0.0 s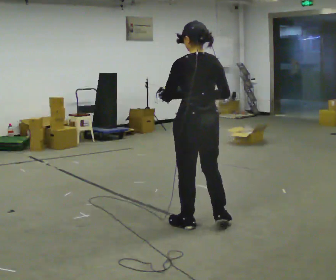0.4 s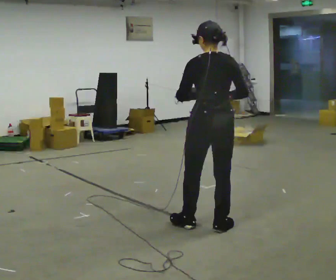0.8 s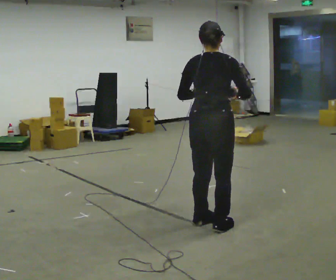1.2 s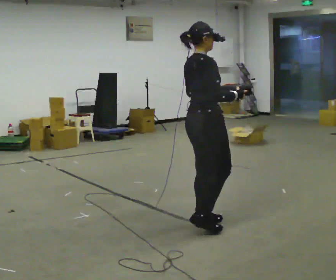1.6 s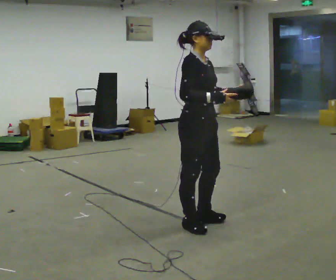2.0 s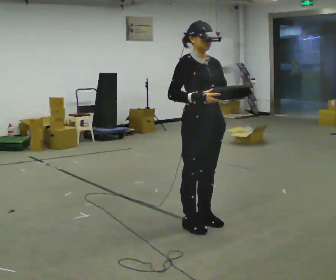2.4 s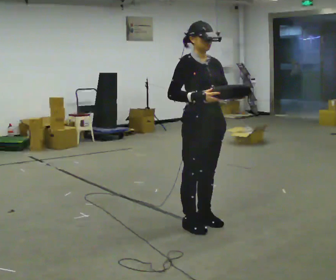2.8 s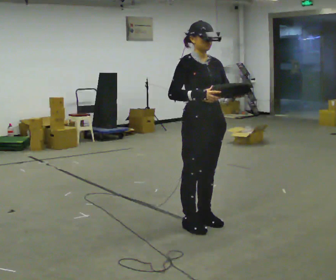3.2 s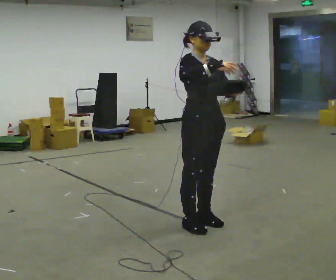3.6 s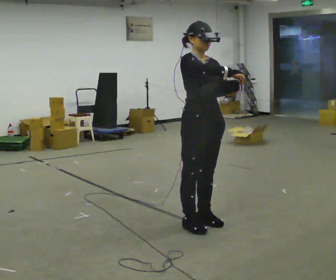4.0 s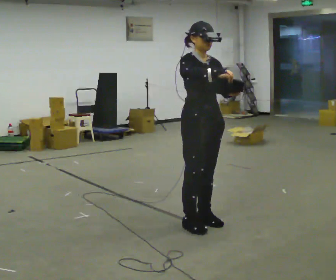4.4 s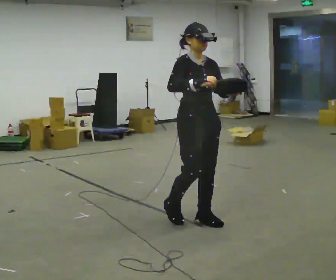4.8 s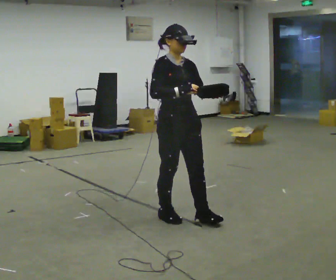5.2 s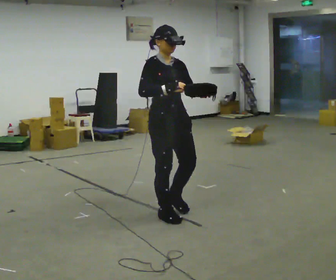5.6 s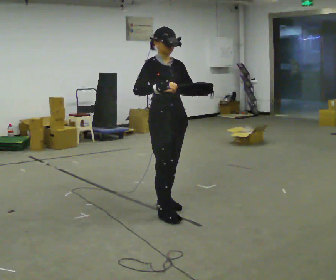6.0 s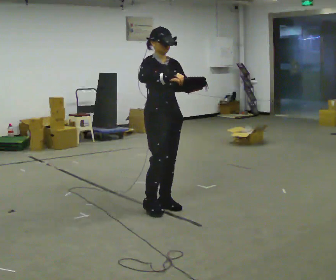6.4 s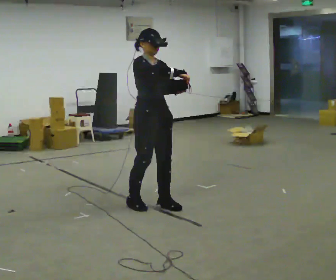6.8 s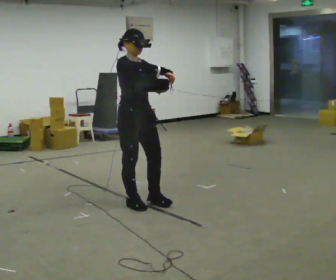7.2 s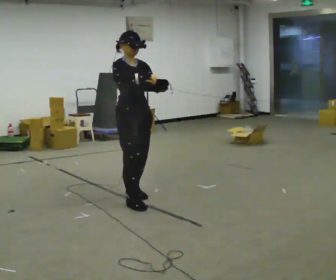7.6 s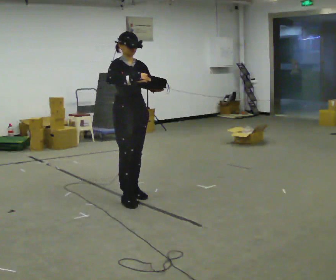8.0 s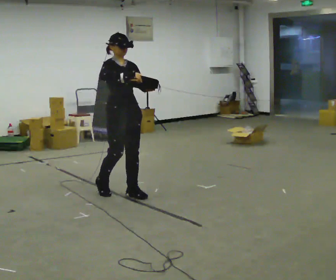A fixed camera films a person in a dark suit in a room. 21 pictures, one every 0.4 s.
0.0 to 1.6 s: The person turns about 135 degrees to their right, clockwise seen from above, so the part of the body nearest the lens slides to the left. In the picture their left hand goes to the right.
1.6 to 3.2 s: Seen from above the body turns clockwise, about 30 degrees: to their right, with its near side sliding to the left.
3.2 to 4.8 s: In the picture they go to the left, about 0.25 m in 1 step, which for them is backward.
4.8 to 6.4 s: In the picture they go away from the camera and to the left, about 0.5 m in 2 steps, which for them is backward.
6.4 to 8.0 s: In the picture they go to the left and away from the camera, about 0.5 m in 2 steps, which for them is backward.
The film runs backward here.
